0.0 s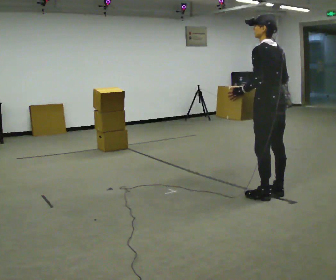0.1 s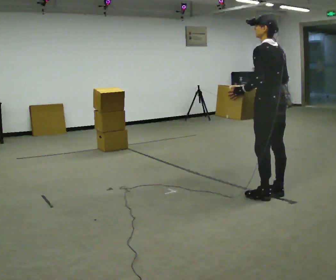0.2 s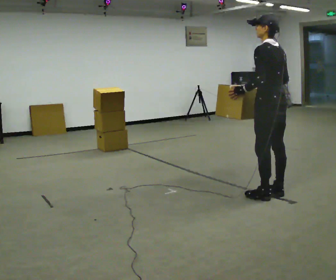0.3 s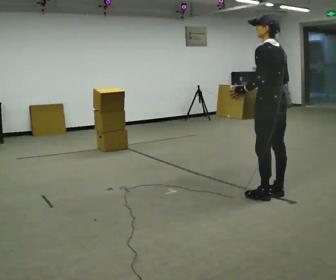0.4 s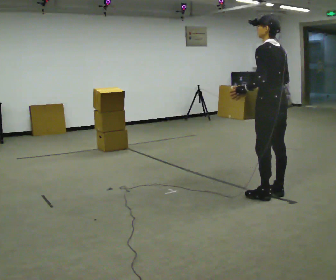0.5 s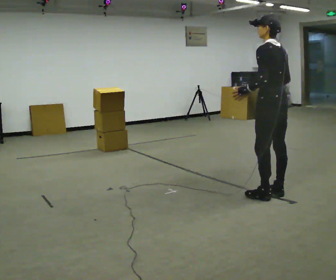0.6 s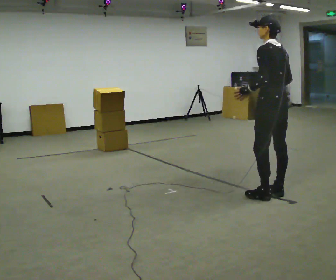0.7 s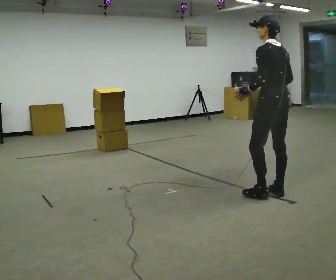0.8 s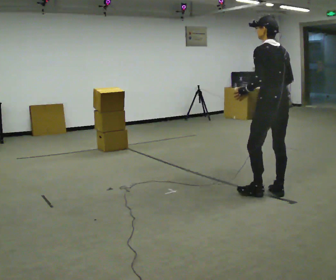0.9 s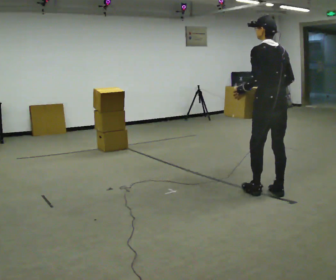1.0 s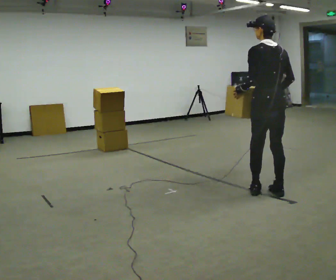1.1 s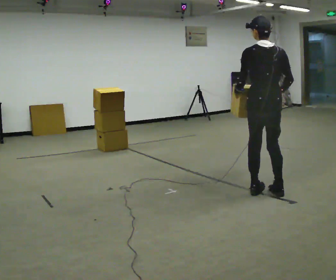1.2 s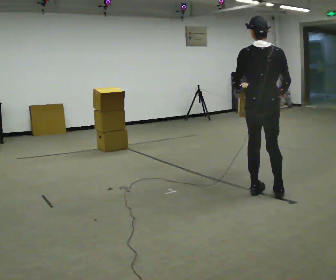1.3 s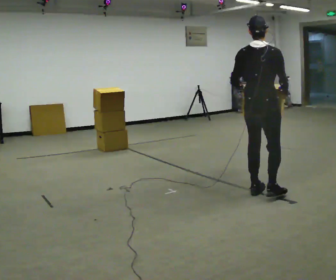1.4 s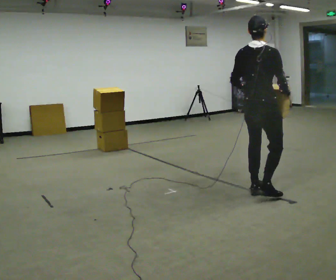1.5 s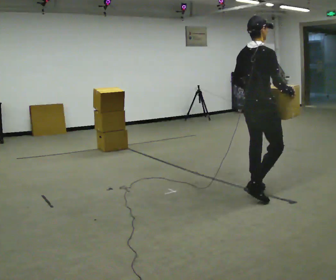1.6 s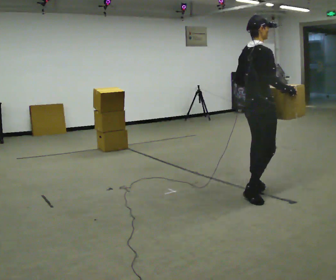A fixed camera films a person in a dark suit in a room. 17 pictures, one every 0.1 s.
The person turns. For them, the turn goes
to their right.
The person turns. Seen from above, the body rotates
clockwise.
0.0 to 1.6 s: The part of the body nearest the lens slides to the left as the person turns to their right by about 105 degrees. In the picture they go to the left, about 0.25 m in 2 steps.
The film runs backward here.
